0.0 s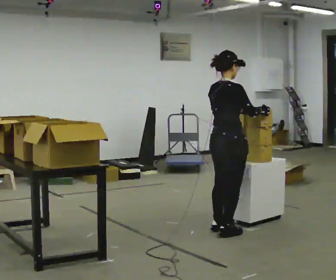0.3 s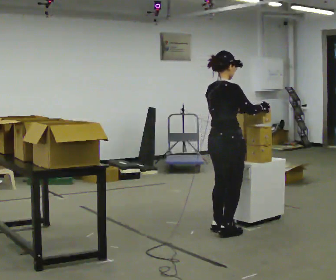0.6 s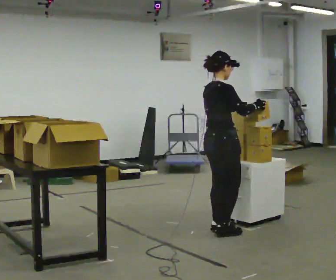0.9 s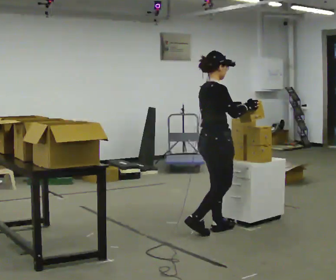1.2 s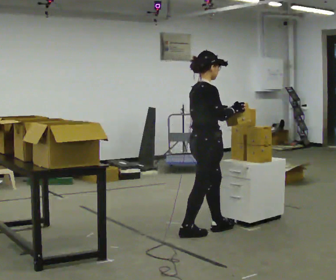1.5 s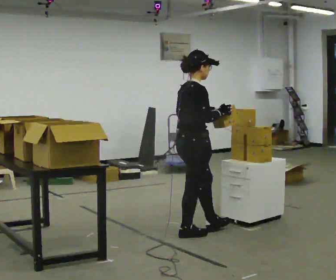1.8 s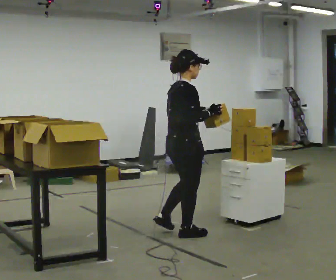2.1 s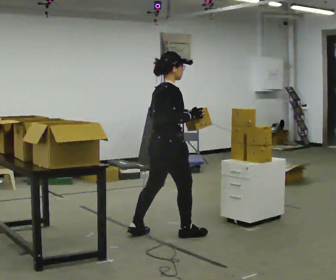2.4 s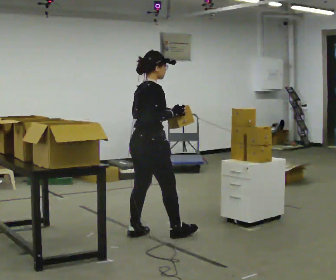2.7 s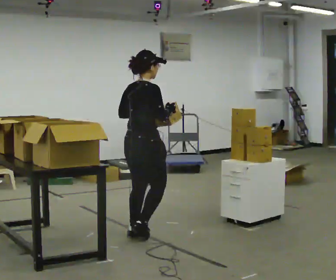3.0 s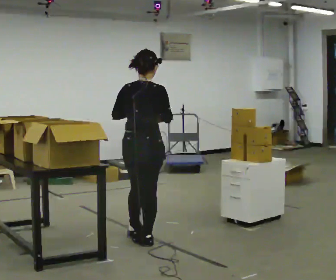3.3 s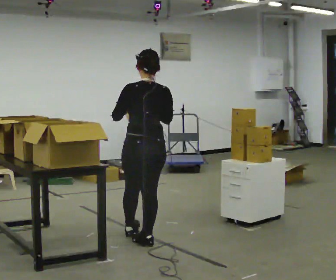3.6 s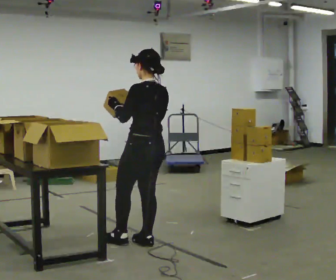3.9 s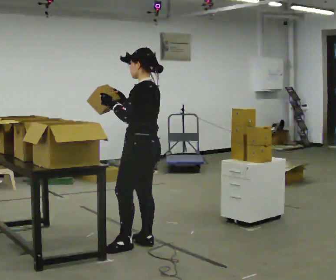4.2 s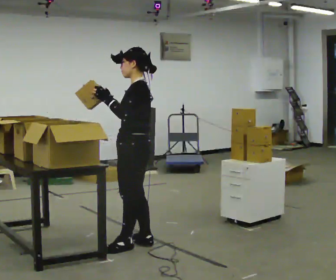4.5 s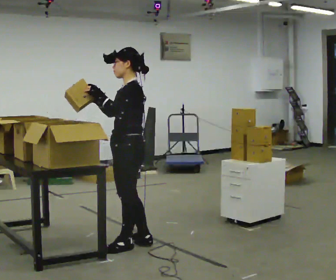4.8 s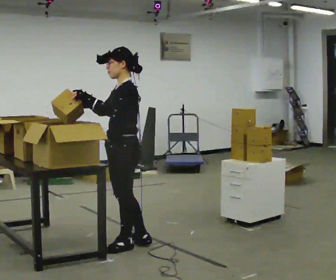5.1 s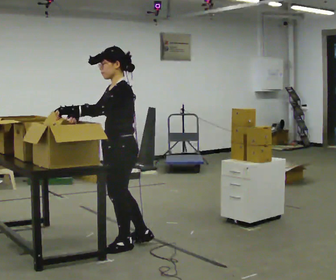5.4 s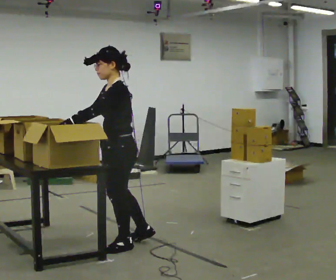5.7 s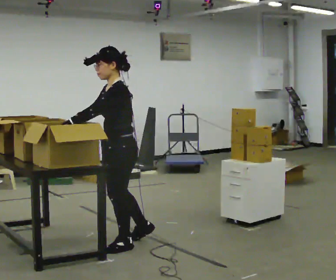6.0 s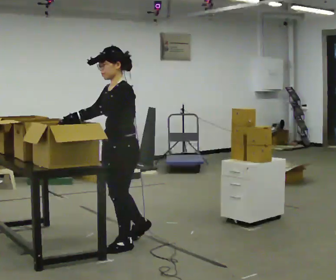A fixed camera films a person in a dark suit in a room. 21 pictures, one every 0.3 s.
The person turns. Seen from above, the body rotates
counterclockwise.
The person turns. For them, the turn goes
to their left.
0.0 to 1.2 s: In the picture they go to the left, about 0.25 m in 1 step, which for them is backward.
1.2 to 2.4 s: In the picture they go to the left, about 0.5 m in 2 steps, which for them is backward.
2.4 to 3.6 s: The part of the body nearest the lens slides to the right as the person turns to their left by about 105 degrees. In the picture they go toward the camera, about 0.25 m in 1 step. In the picture their left hand goes to the left.
3.6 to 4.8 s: Seen from above the body turns counterclockwise, about 45 degrees: to their left, with its near side sliding to the right. In the picture they go to the left, about 0.25 m, which for them is to their left and forward. In the picture their right hand goes to the left.
4.8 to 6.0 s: The person moves a little, or ends about where they began.
The film runs backward here.
